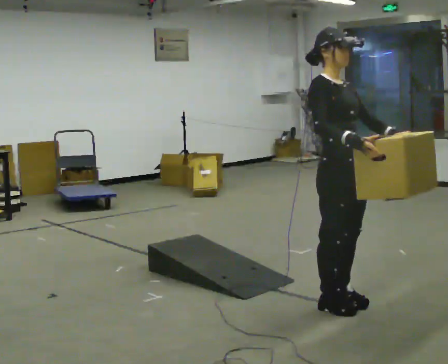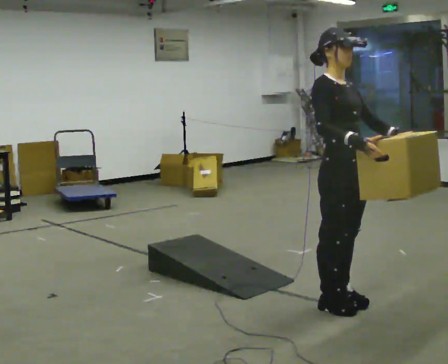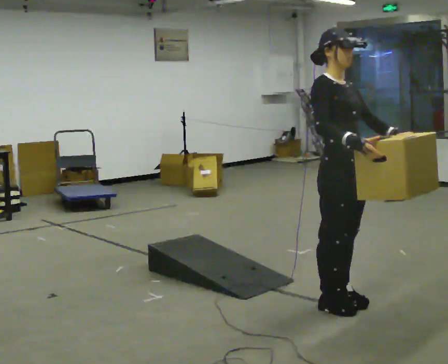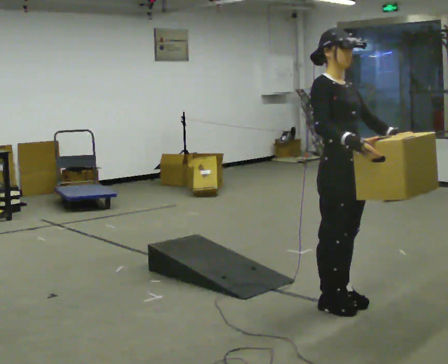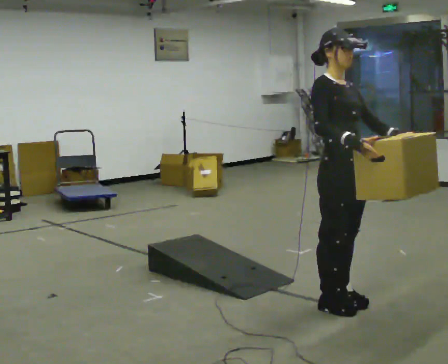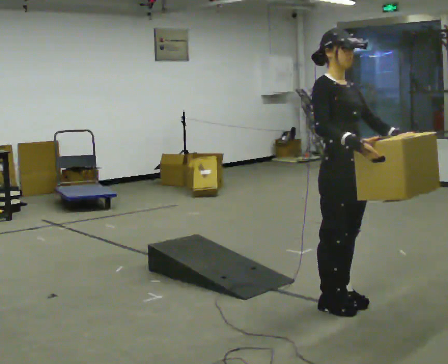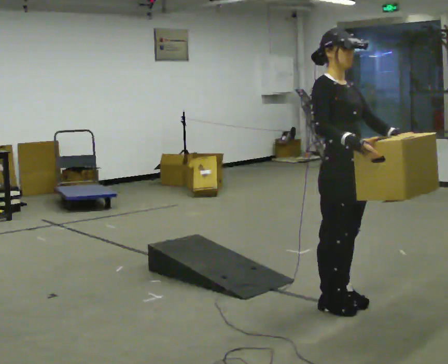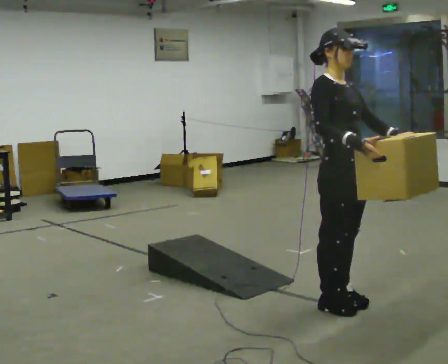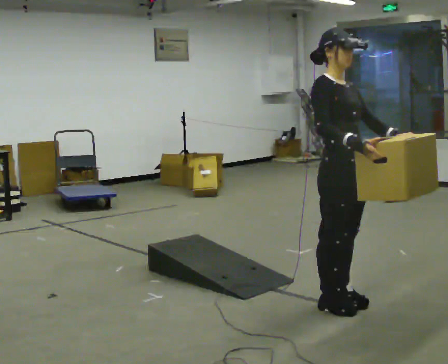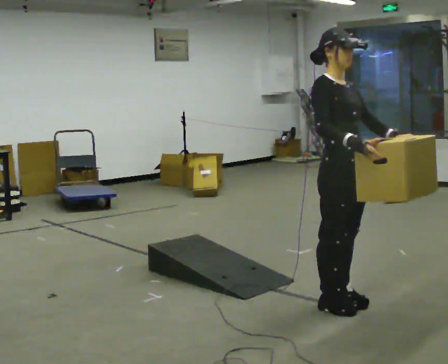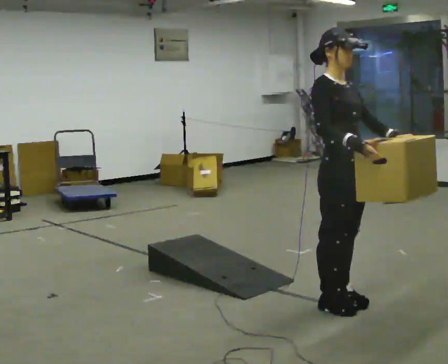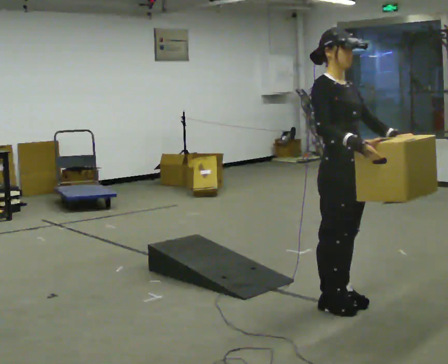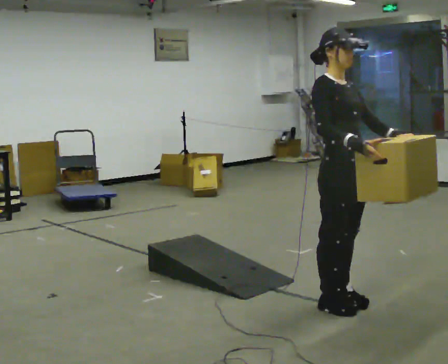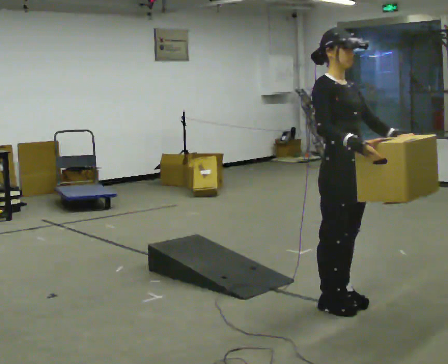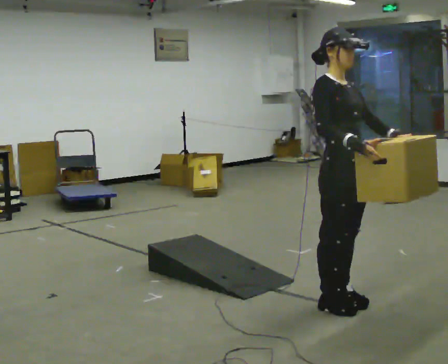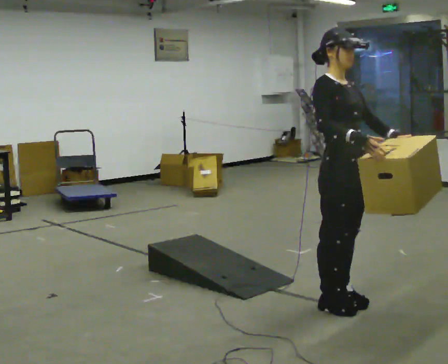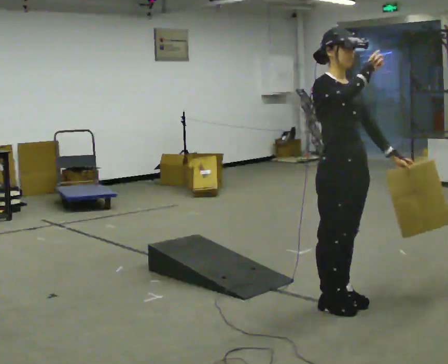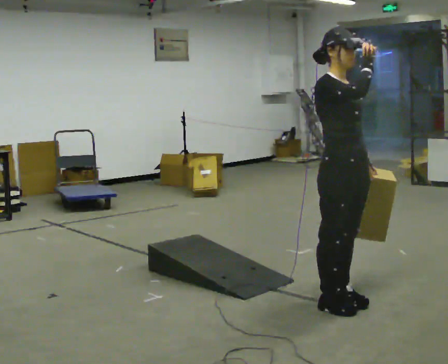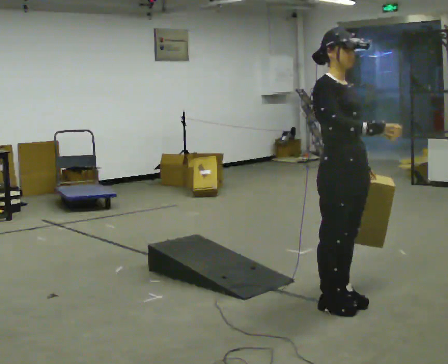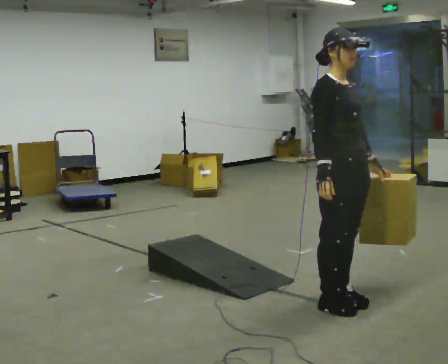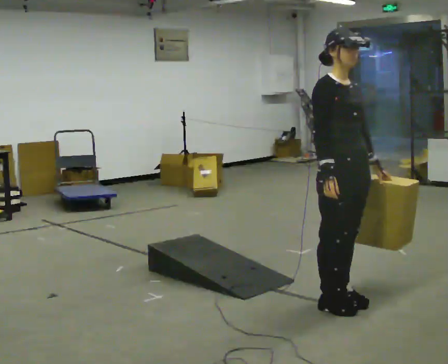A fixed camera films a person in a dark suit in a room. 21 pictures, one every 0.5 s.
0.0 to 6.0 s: The person keeps their place and pose.
6.0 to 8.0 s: In the picture their right hand goes upward.
8.0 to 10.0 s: In the picture their right hand goes downward.
The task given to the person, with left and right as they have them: Carry the box up the ramp, turn at the top, and carry it back down. Keep going until the operator says stop; one object at a time, and do not rush between trips.
The film runs forward here.
